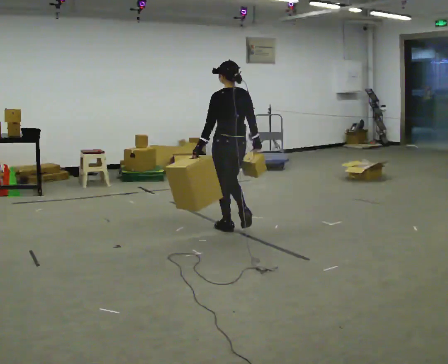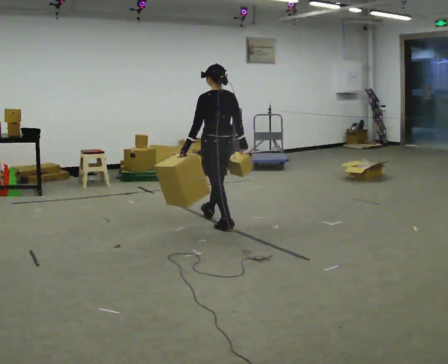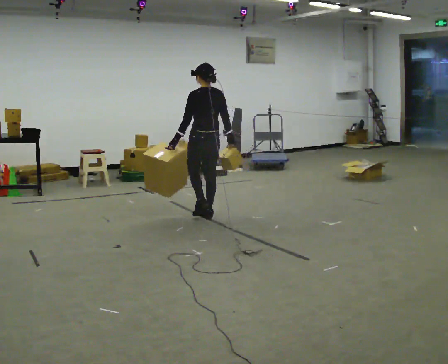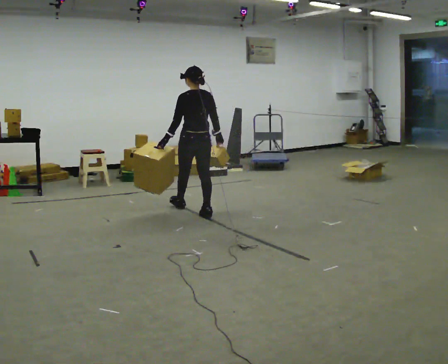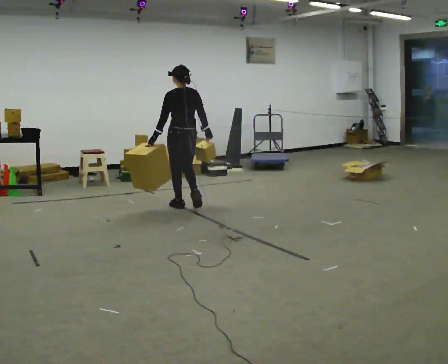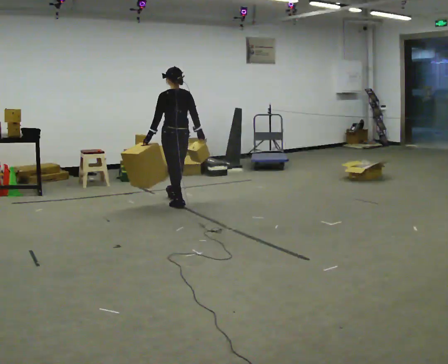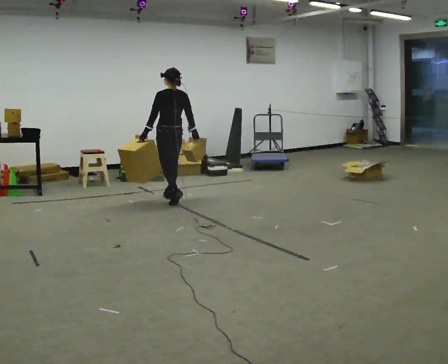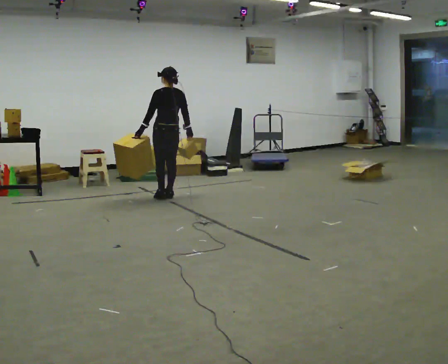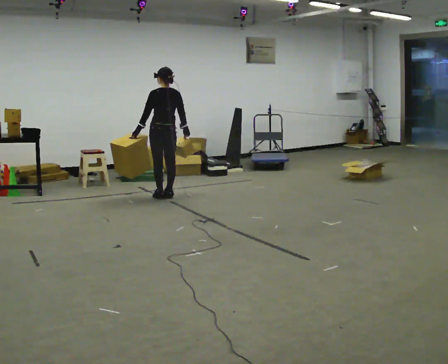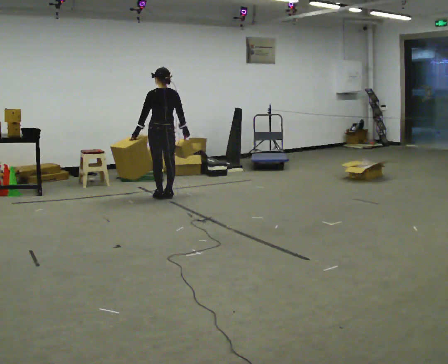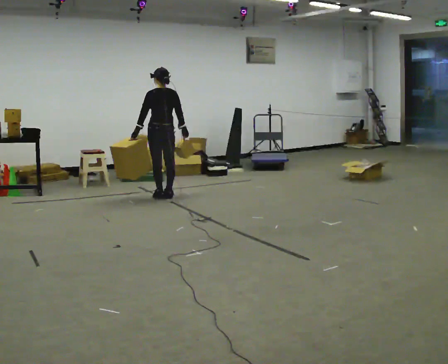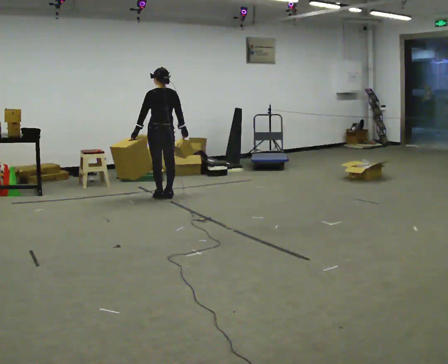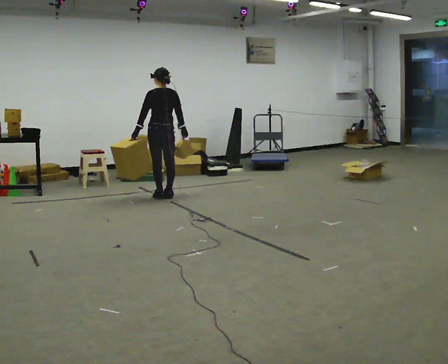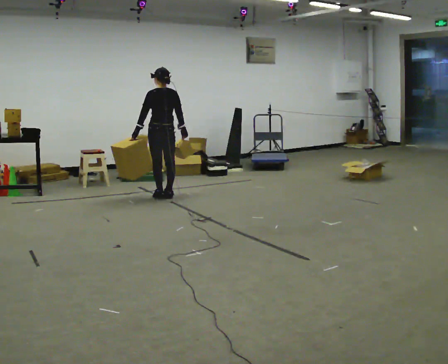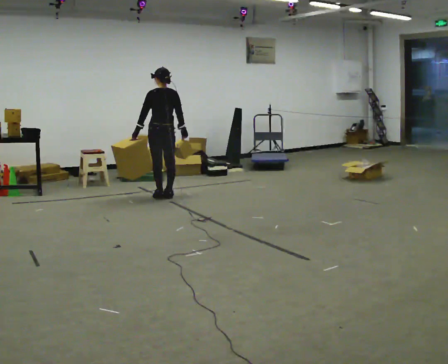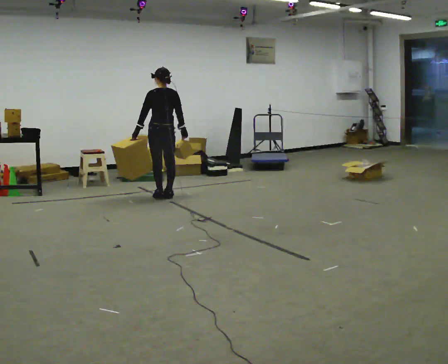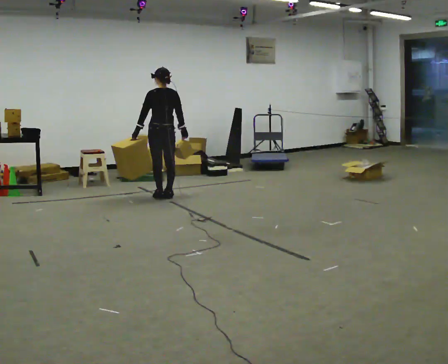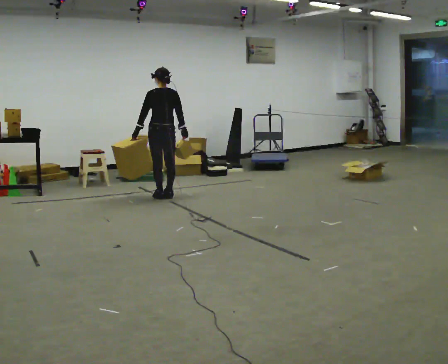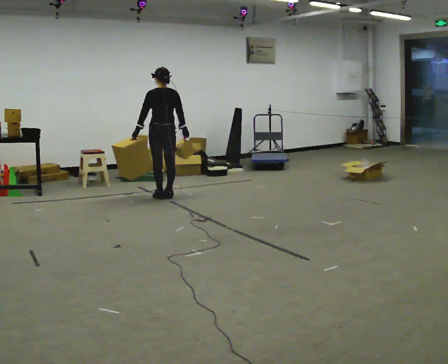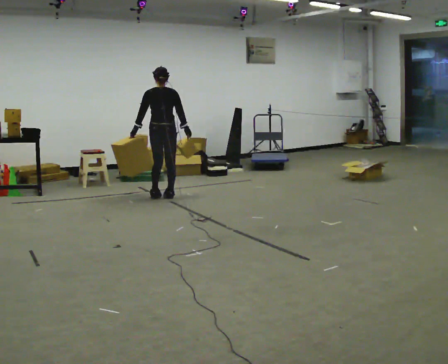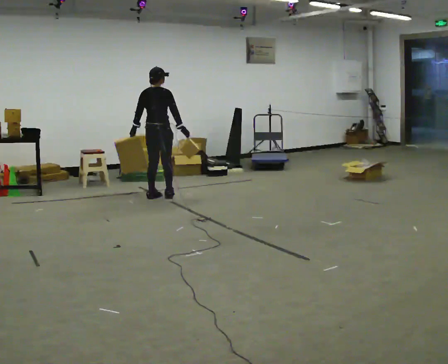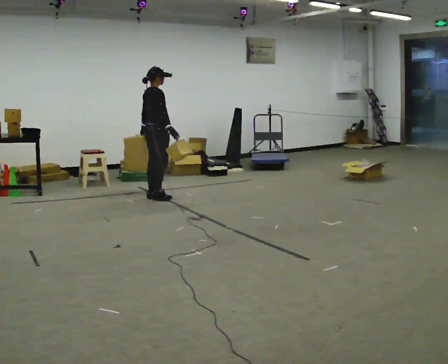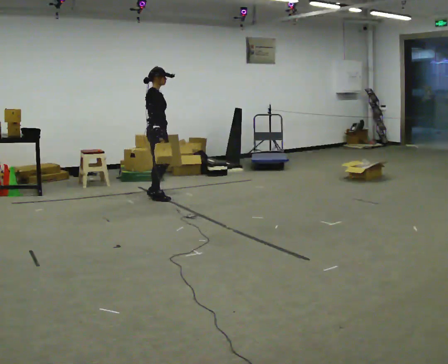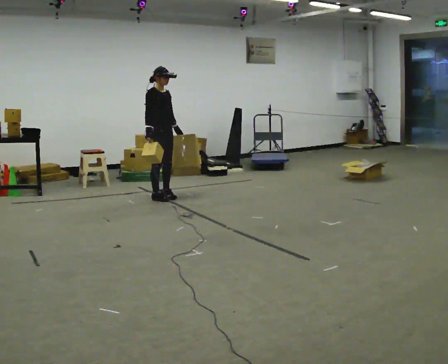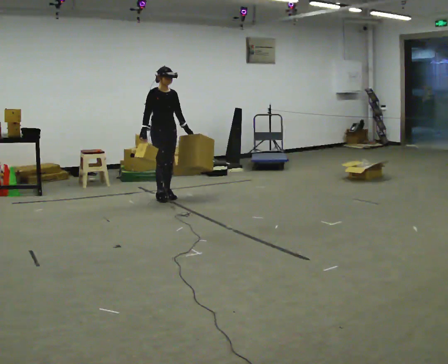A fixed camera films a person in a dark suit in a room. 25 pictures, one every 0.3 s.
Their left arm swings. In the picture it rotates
counterclockwise.
The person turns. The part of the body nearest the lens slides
to the left.
0.0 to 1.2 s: In the picture they go away from the camera and to the left, about 1 m in 2 steps, which for them is forward.
1.2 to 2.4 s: In the picture they go away from the camera and to the left, about 0.5 m in 2 steps, which for them is forward.
2.4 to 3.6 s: The person moves a little, or ends about where they began.
3.6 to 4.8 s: The person keeps their place and pose.
4.8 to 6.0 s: Seen from above the body turns clockwise, about 45 degrees: to their right, with its near side sliding to the left.
6.0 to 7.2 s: Seen from above the body turns clockwise, about 120 degrees: to their right, with its near side sliding to the left. In the picture their right hand goes to the left, the arm swinging clockwise.
The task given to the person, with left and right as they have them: Carry one object in each hand, the heavy one in the hand the operator calls, walking back and forth across the room.
The film runs forward here.
